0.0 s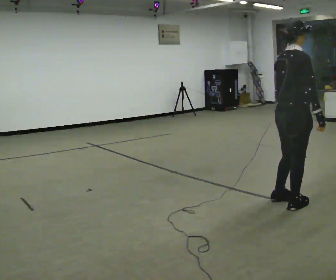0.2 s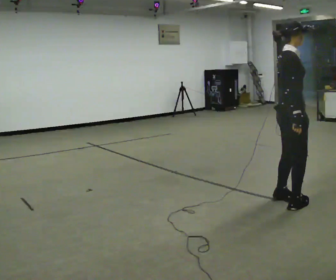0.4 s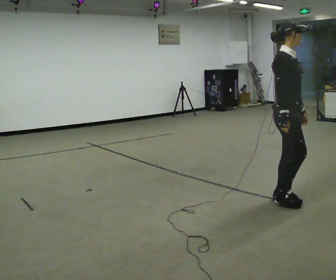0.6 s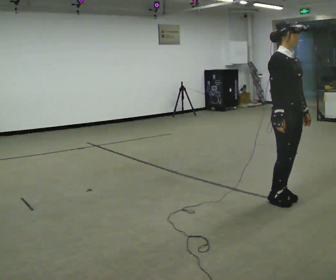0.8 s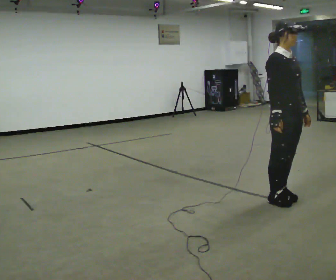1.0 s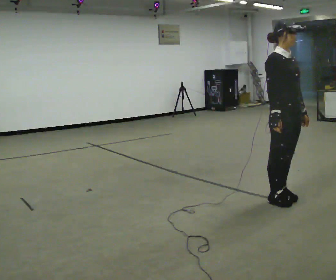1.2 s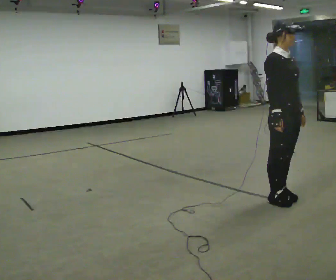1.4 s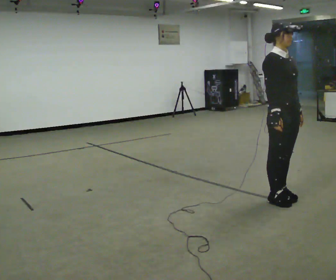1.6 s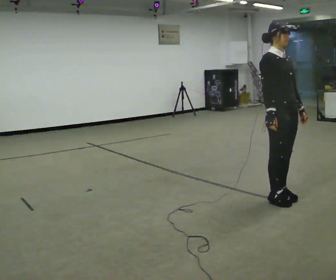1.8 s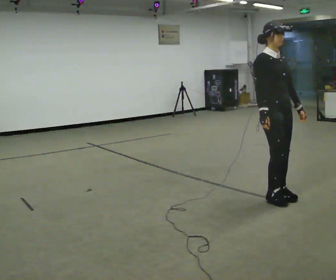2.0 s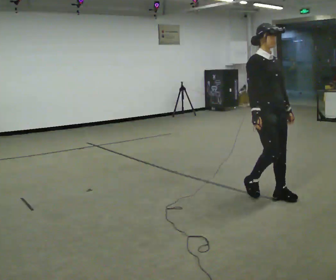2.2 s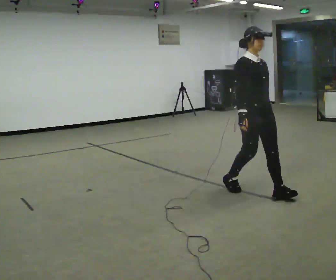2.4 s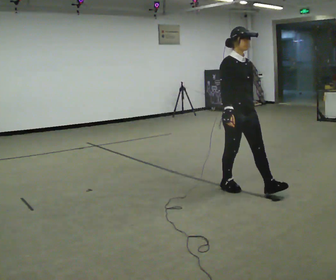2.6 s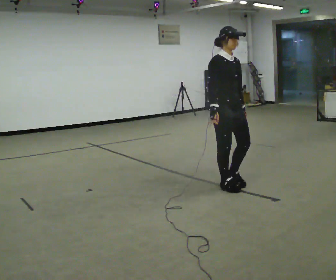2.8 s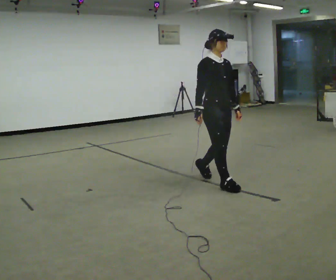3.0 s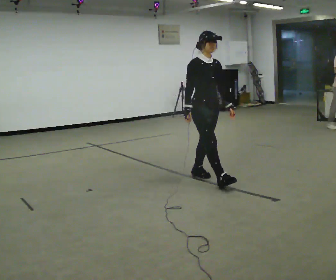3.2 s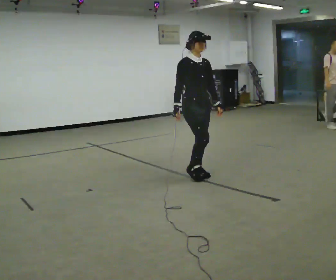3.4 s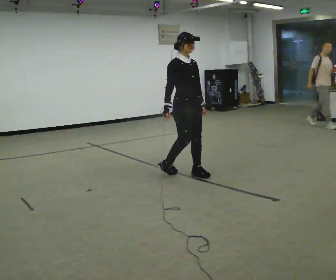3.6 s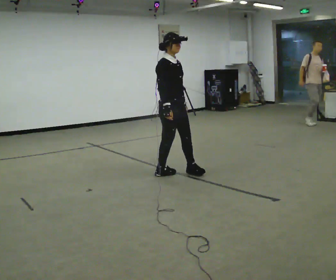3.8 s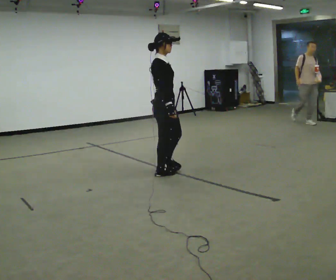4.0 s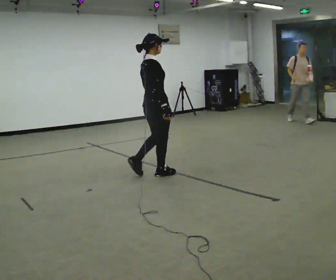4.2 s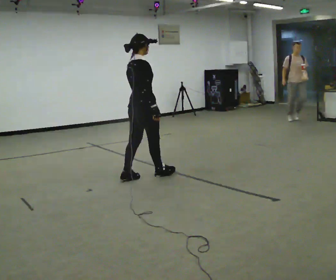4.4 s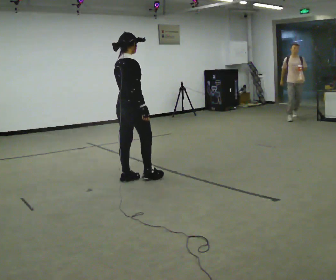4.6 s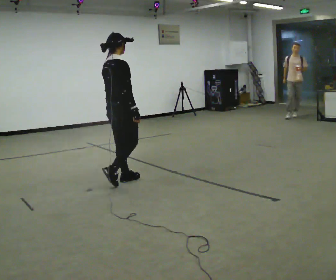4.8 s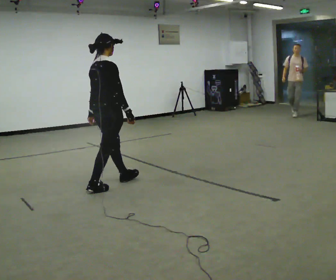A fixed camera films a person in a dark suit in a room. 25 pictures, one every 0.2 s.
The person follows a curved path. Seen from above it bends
counterclockwise.
The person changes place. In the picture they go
to the left.
0.0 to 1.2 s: Seen from above the body turns clockwise, about 75 degrees: to their right, with its near side sliding to the left.
1.2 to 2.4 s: In the picture they go to the left and away from the camera, about 0.5 m in 2 steps, which for them is backward.
2.4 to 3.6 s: In the picture they go to the left and away from the camera, about 1 m in 2 steps, which for them is backward.
3.6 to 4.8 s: Seen from above the body turns counterclockwise, about 75 degrees: to their left, with its near side sliding to the right. In the picture they go to the left and toward the camera, about 1 m in 1 step.
The film runs backward here.
